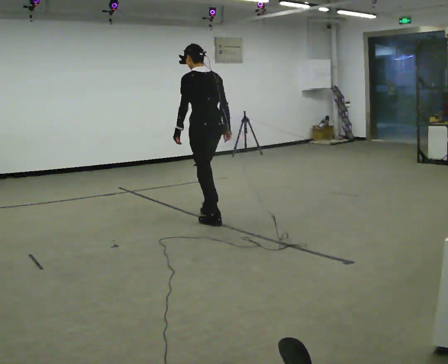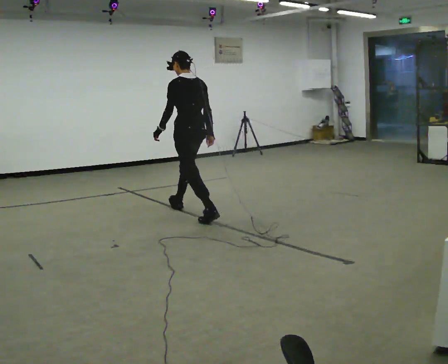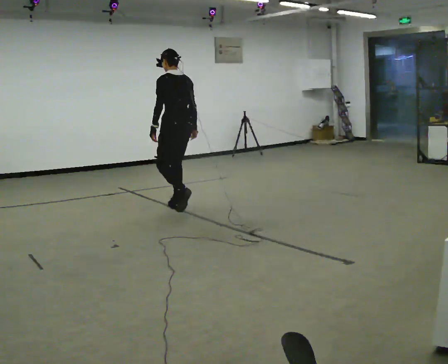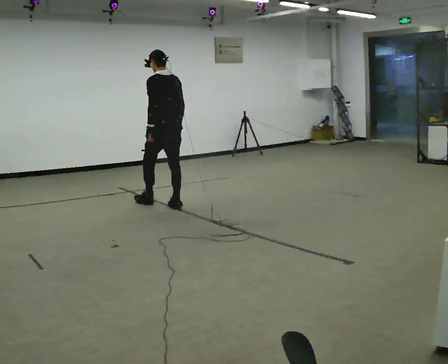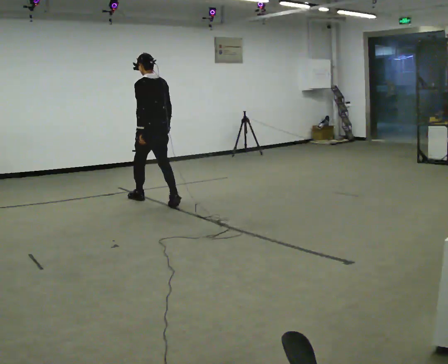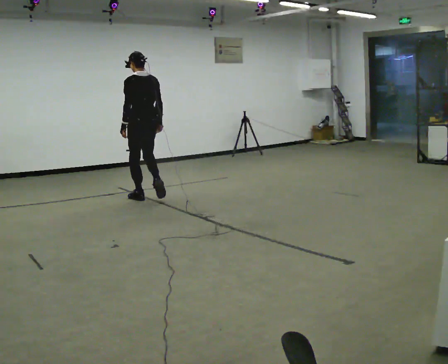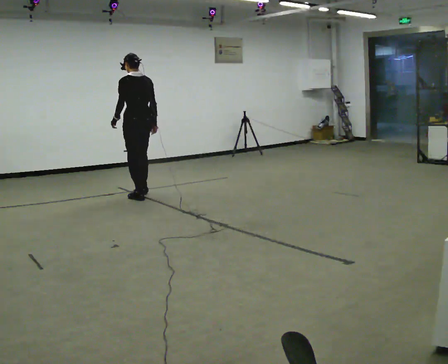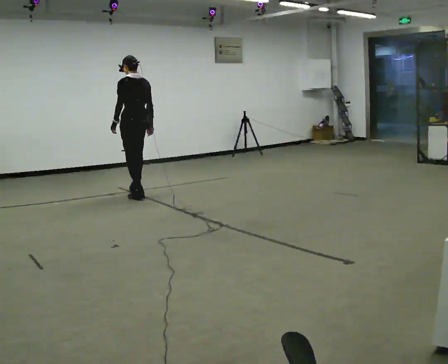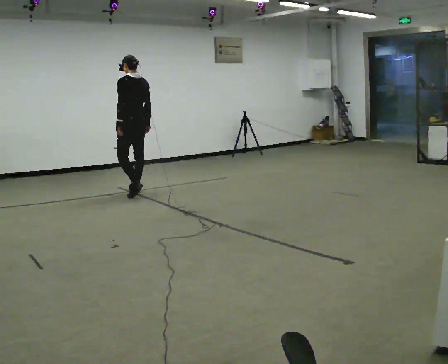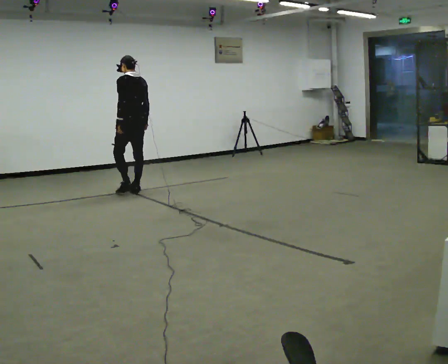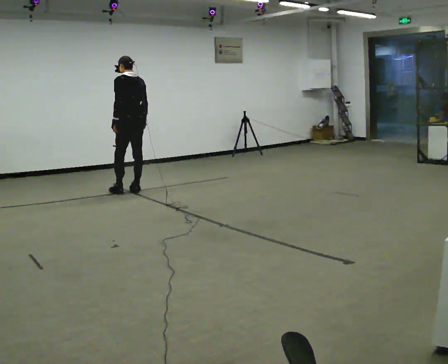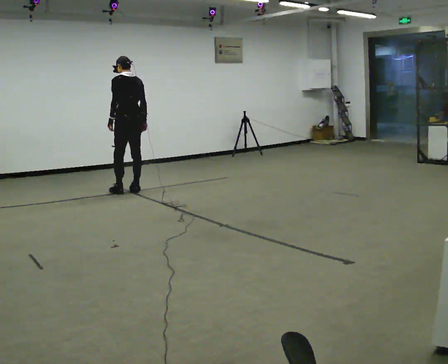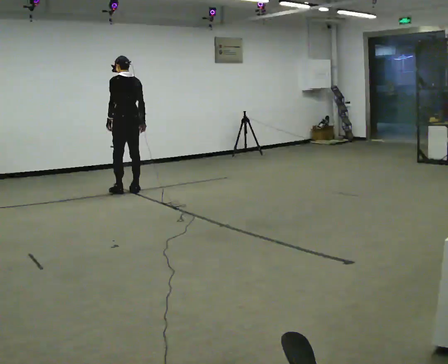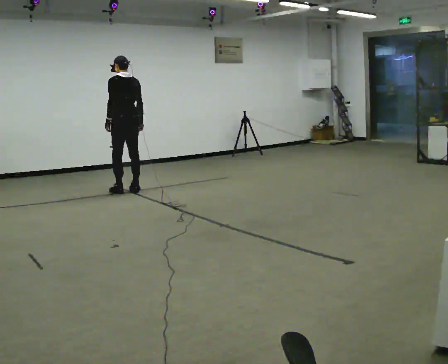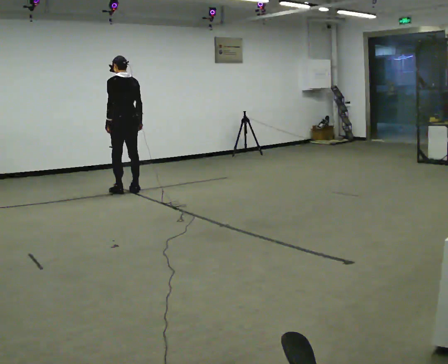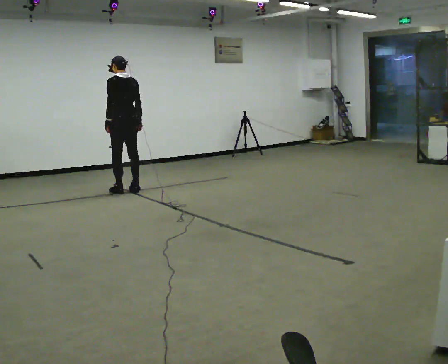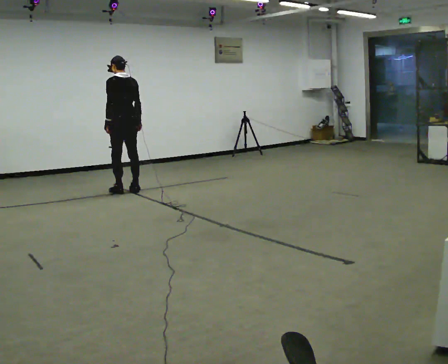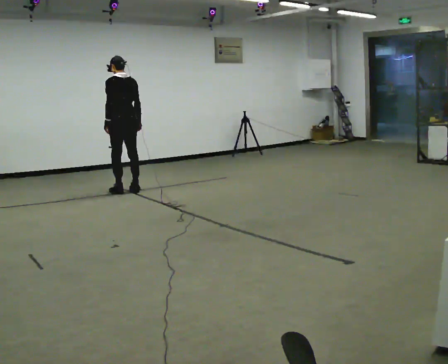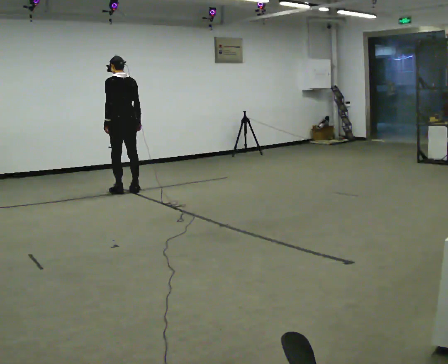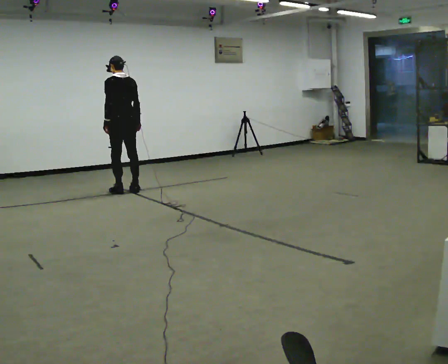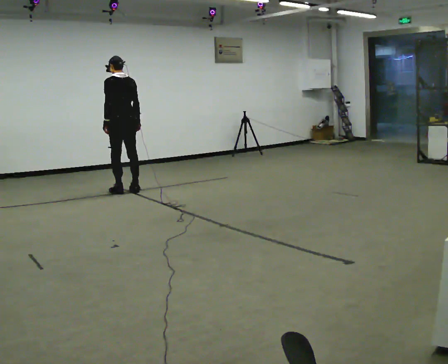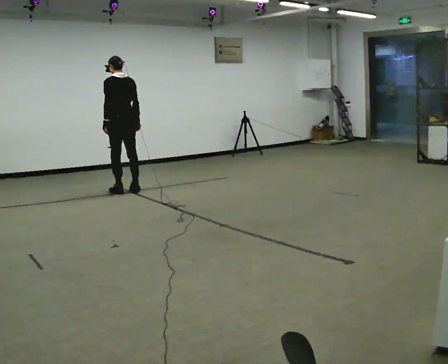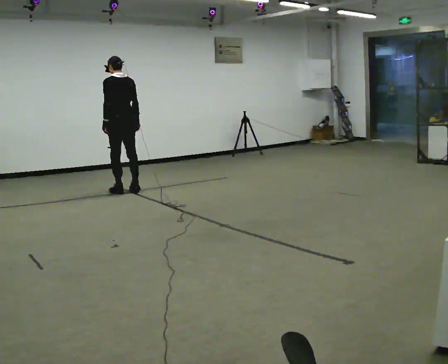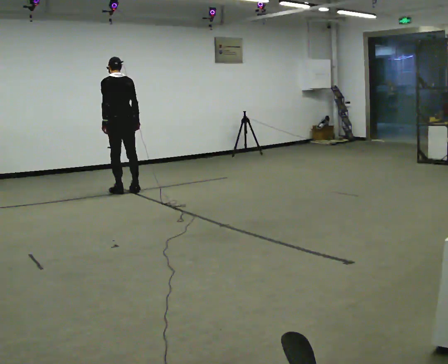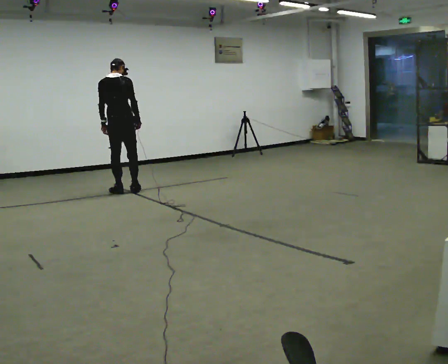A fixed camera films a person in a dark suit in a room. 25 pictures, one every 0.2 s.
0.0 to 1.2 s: In the picture they go away from the camera and to the left, about 1.5 m in 2 steps, which for them is forward.
1.2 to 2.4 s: In the picture they go away from the camera, about 0.5 m in 2 steps, which for them is forward.
2.4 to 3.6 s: The person moves a little, or ends about where they began.
3.6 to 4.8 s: The part of the body nearest the lens slides to the left as the person turns to their right by about 30 degrees.
The film runs forward here.
